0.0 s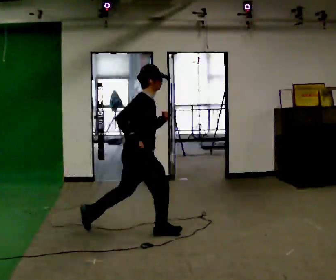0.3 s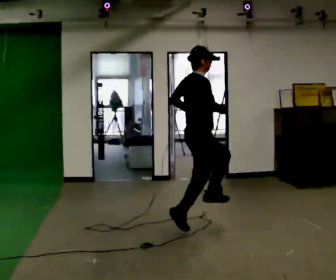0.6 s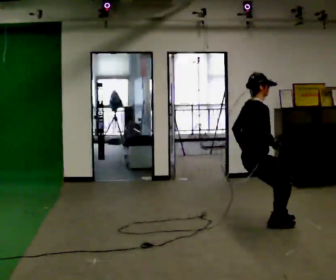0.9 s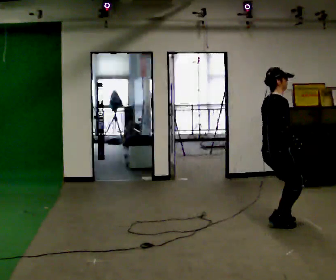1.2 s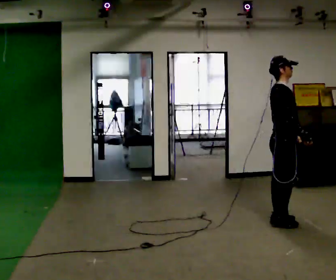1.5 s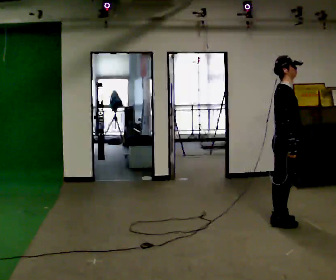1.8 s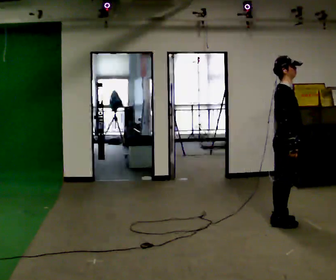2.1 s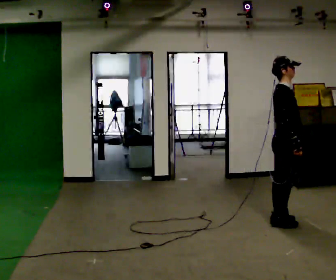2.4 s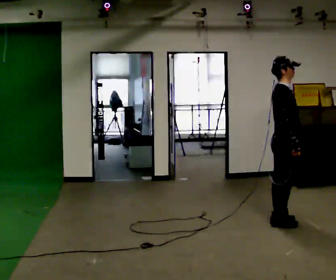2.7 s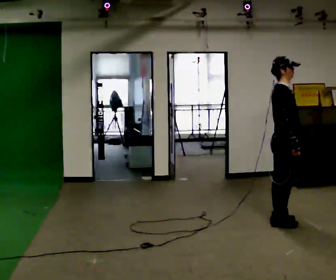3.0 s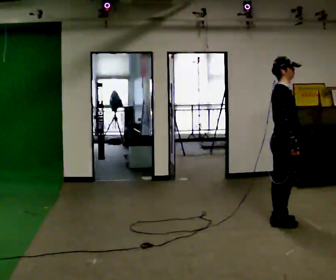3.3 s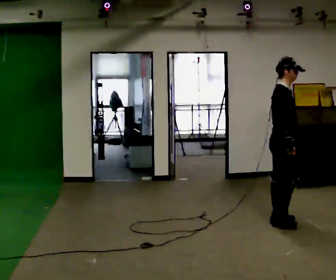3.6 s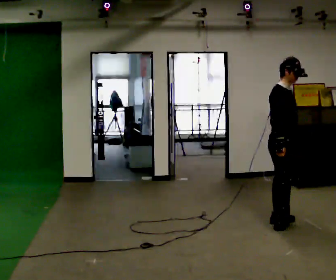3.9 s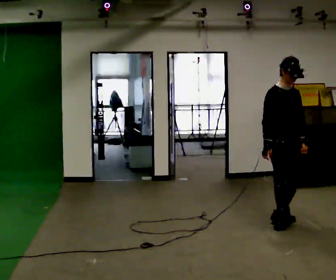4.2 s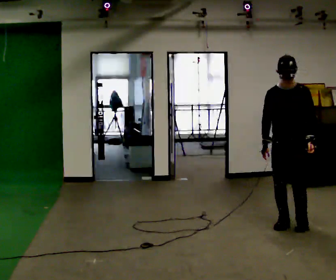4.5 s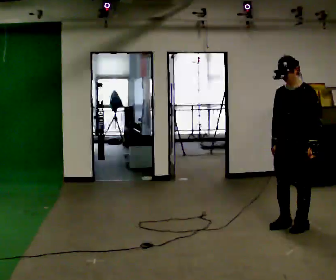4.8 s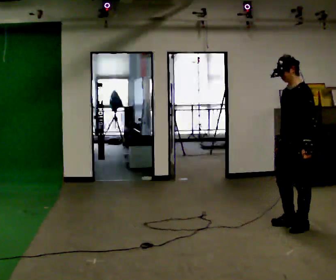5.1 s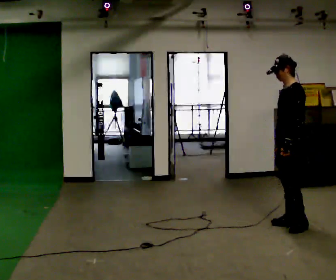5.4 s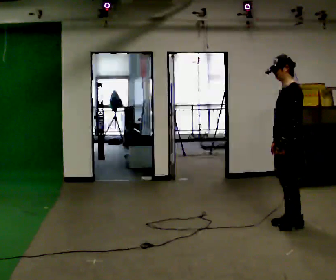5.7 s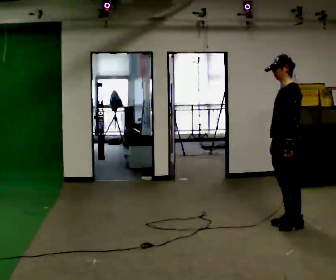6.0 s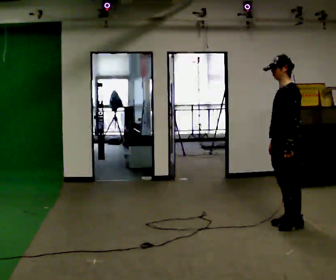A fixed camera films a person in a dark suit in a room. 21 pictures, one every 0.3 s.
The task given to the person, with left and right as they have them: Take a few running steps and leap forward as far as is comfortable; land on both feet. Repeat the movement at your own pace until the operator says stop; do not rush.
0.0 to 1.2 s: In the picture they go to the right, about 1.5 m in 3 steps, which for them is forward.
1.2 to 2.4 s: The person moves a little, or ends about where they began.
2.4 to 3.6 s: The person turns about 30 degrees to their right, clockwise seen from above, so the part of the body nearest the lens slides to the left.
3.6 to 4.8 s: The person turns about 135 degrees to their right, clockwise seen from above, so the part of the body nearest the lens slides to the left. In the picture they go to the right, about 0.25 m in 1 step.
4.8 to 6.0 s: The person moves a little, or ends about where they began.
The film runs forward here.
